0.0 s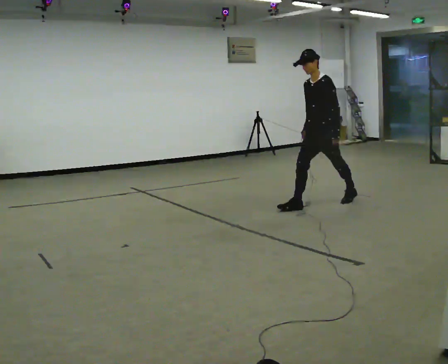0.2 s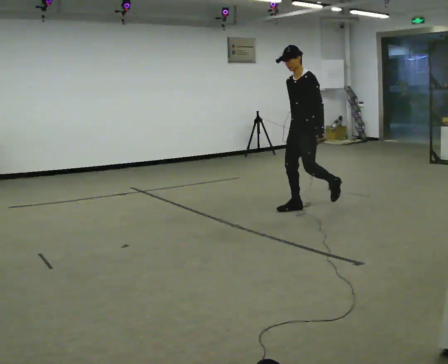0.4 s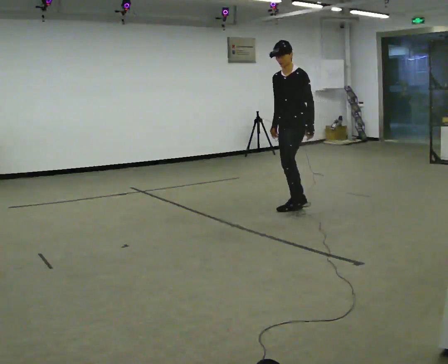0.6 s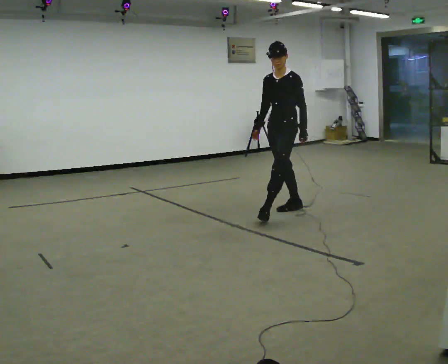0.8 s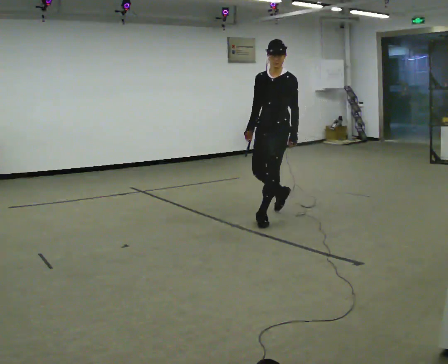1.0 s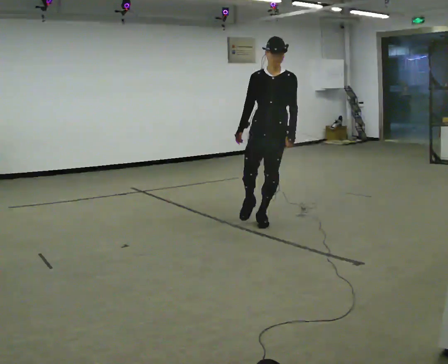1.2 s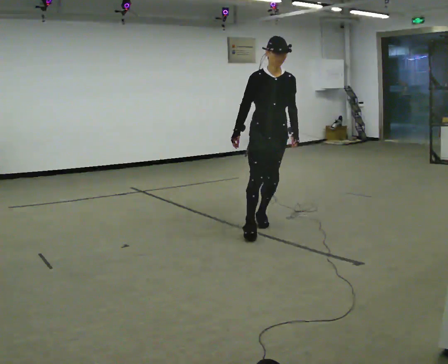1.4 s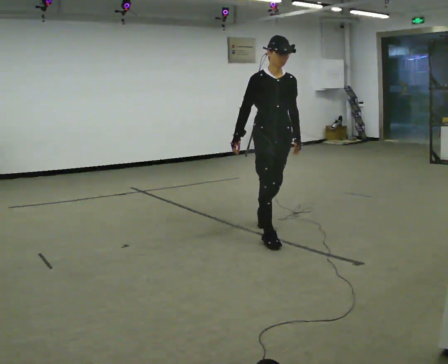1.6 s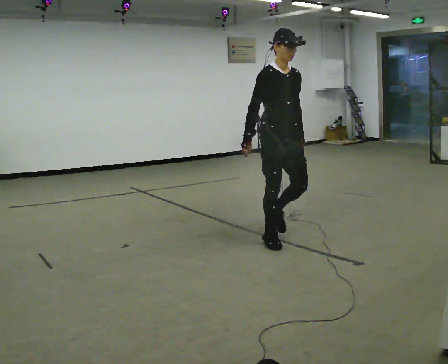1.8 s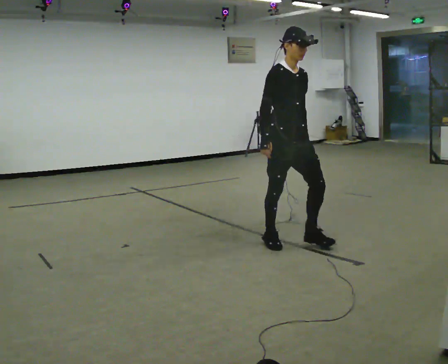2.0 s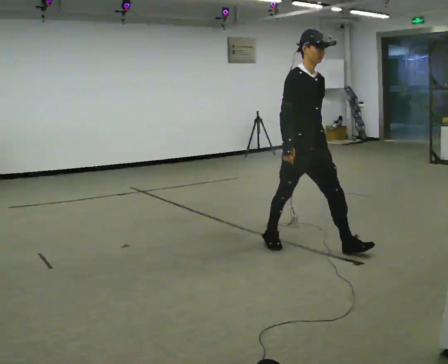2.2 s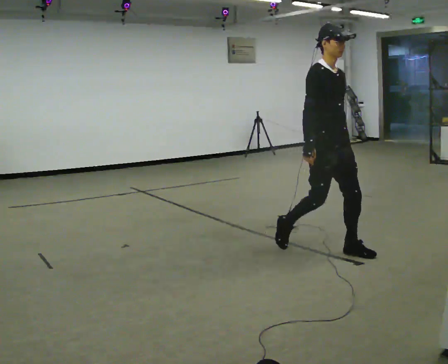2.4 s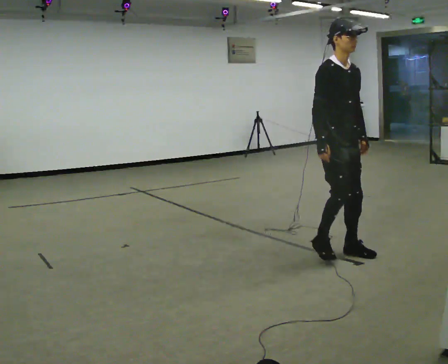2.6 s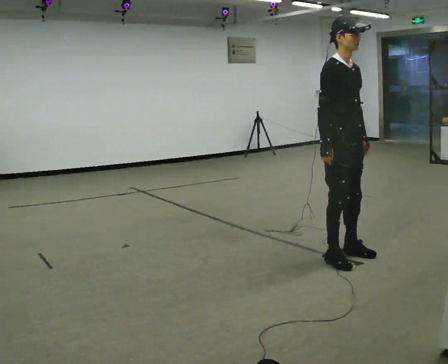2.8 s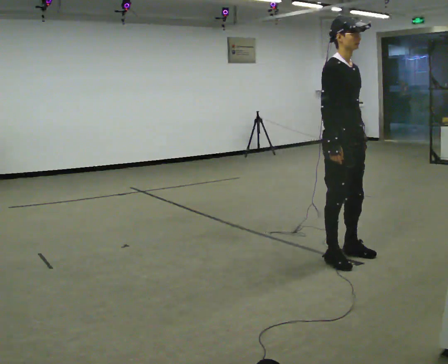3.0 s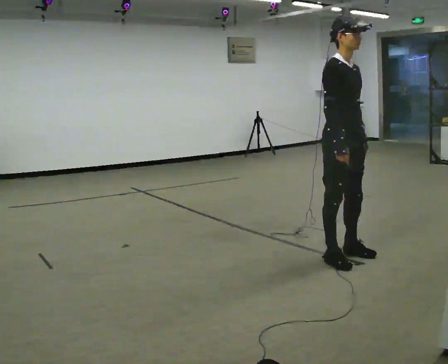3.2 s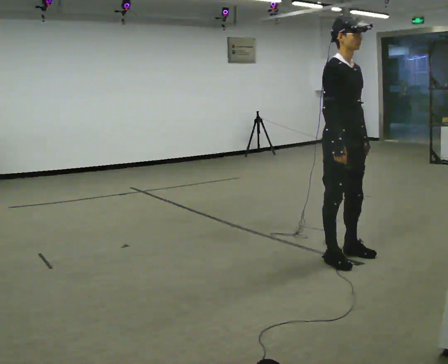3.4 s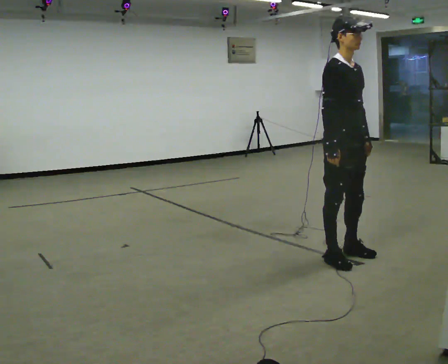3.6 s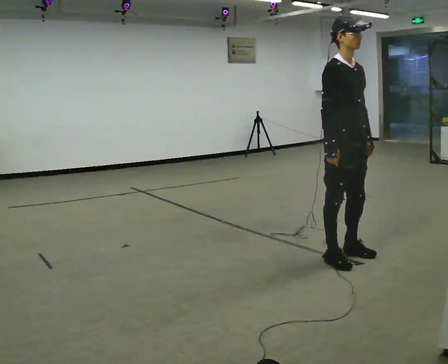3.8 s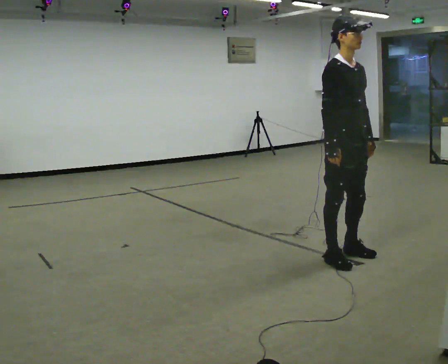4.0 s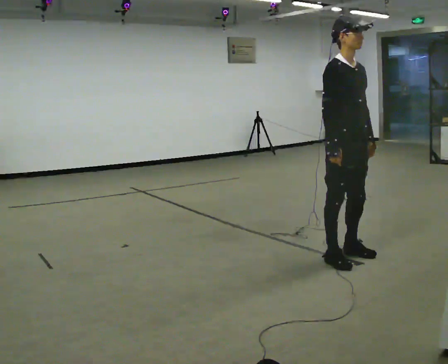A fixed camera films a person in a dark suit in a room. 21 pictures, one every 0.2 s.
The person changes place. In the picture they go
toward the camera.
The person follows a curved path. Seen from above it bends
counterclockwise.
0.0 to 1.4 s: The part of the body nearest the lens slides to the right as the person turns to their left by about 75 degrees. In the picture they go toward the camera and to the left, about 1 m in 2 steps.
1.4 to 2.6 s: Seen from above the body turns counterclockwise, about 30 degrees: to their left, with its near side sliding to the right. In the picture they go toward the camera and to the right, about 1 m in 2 steps, which for them is forward.
2.6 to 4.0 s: The person moves a little, or ends about where they began.
The film runs forward here.
